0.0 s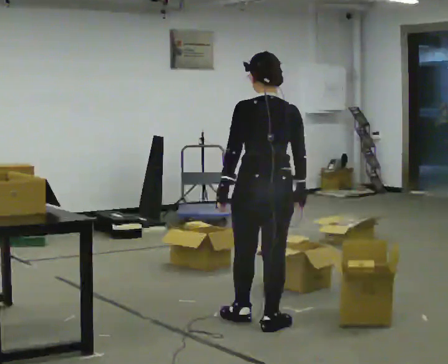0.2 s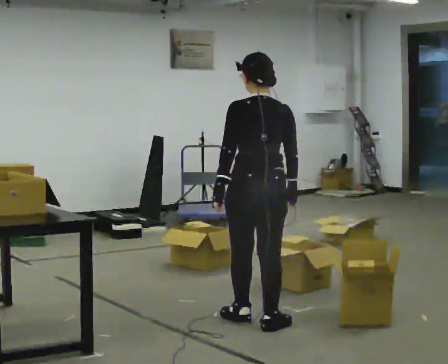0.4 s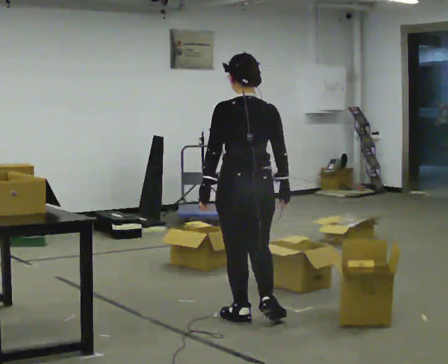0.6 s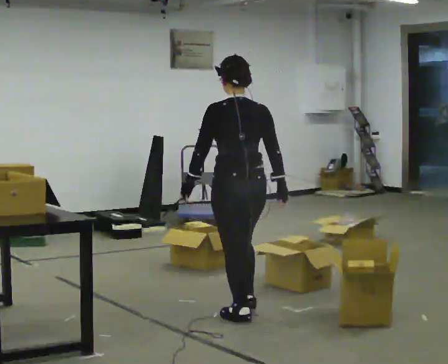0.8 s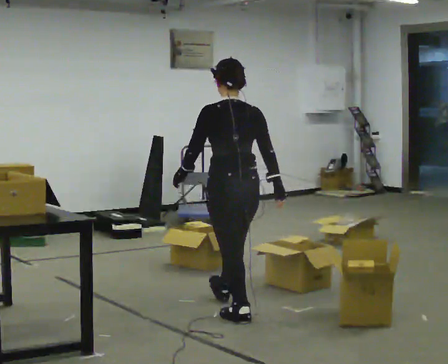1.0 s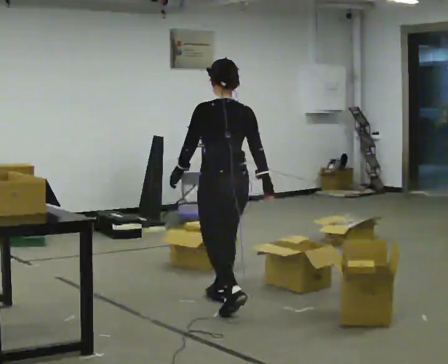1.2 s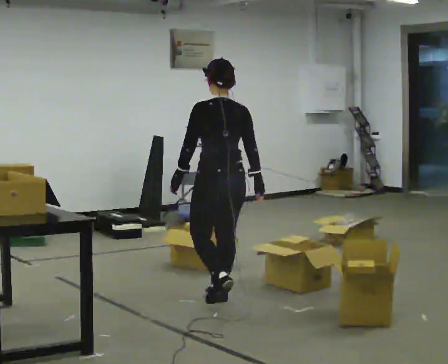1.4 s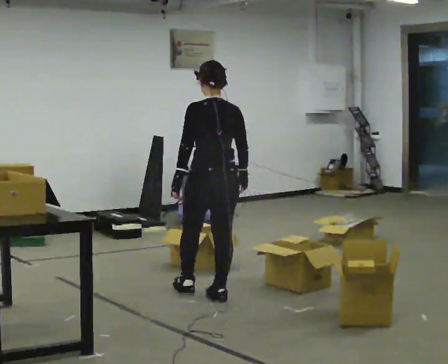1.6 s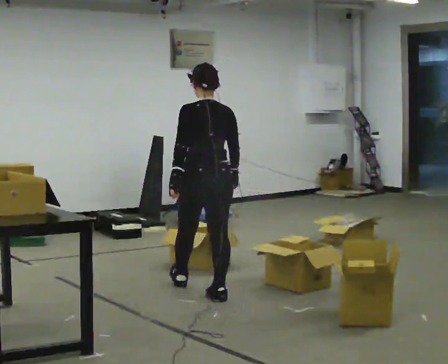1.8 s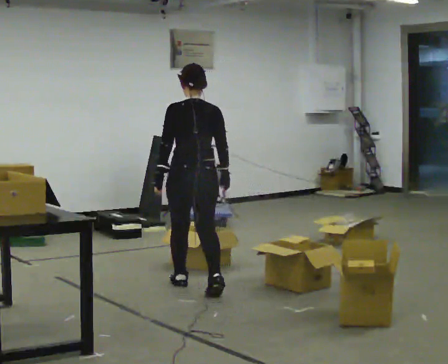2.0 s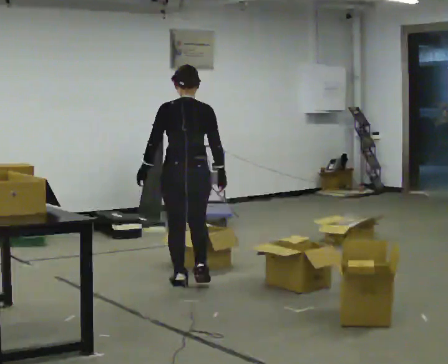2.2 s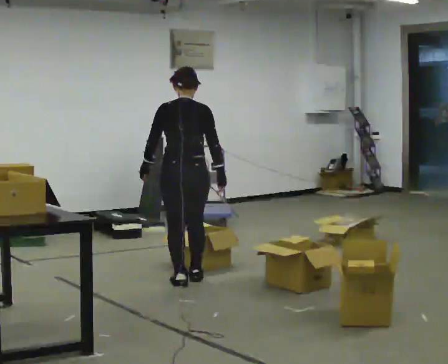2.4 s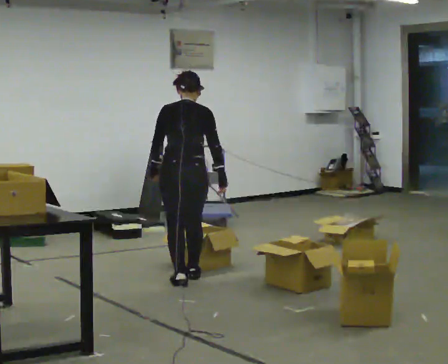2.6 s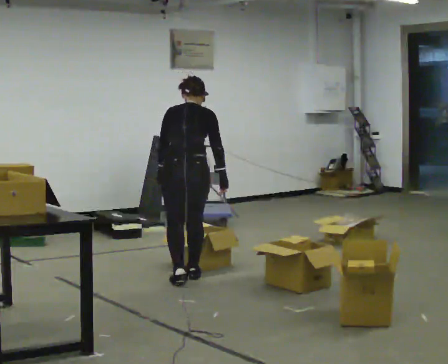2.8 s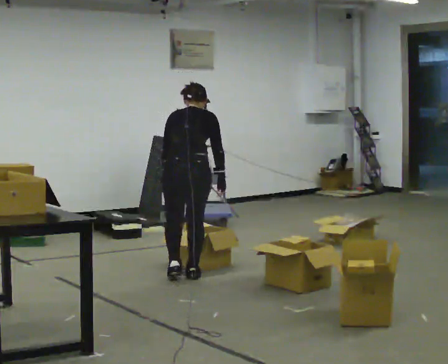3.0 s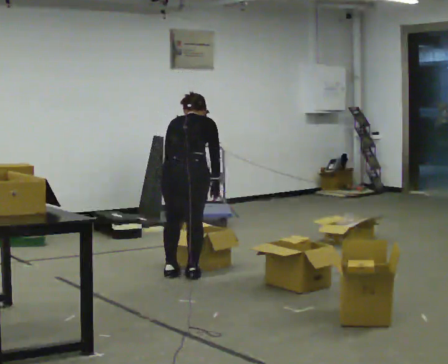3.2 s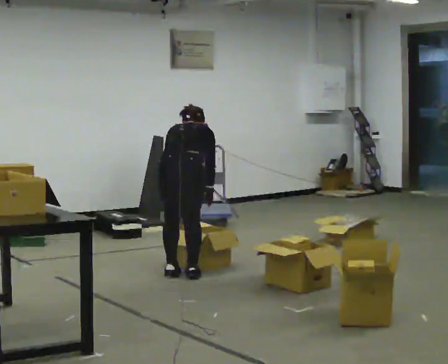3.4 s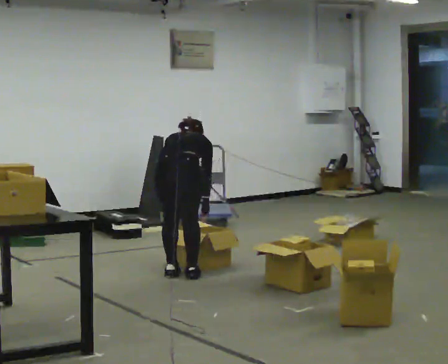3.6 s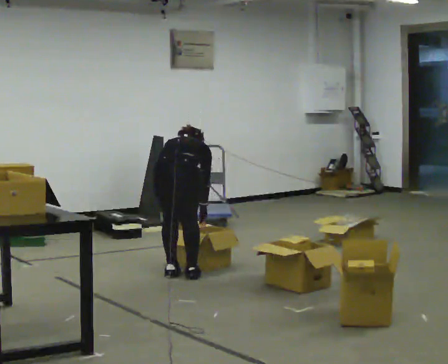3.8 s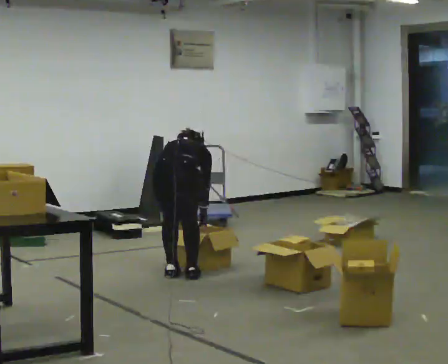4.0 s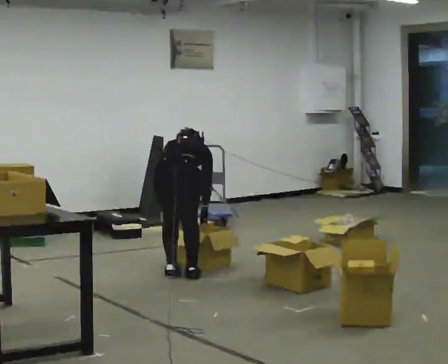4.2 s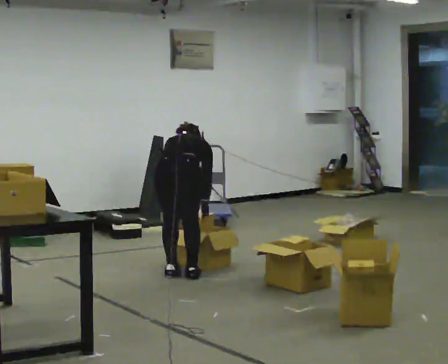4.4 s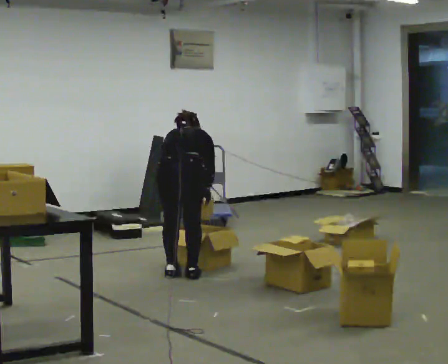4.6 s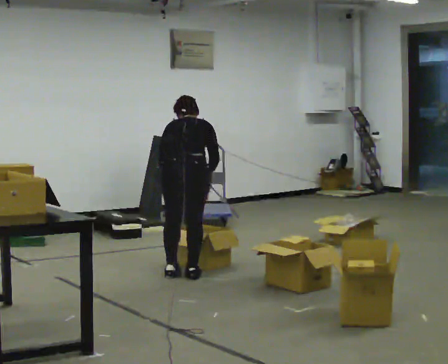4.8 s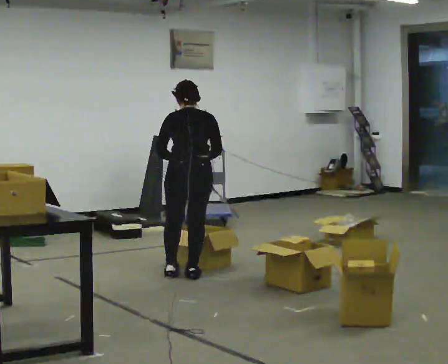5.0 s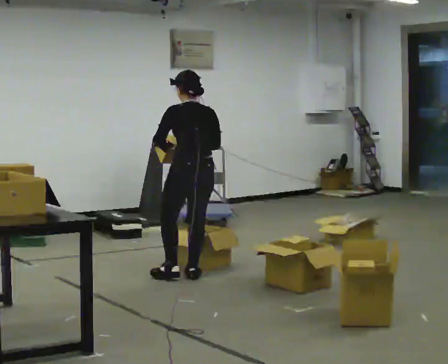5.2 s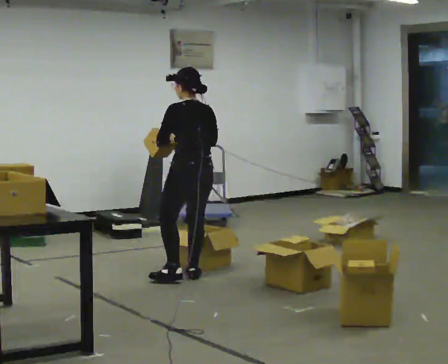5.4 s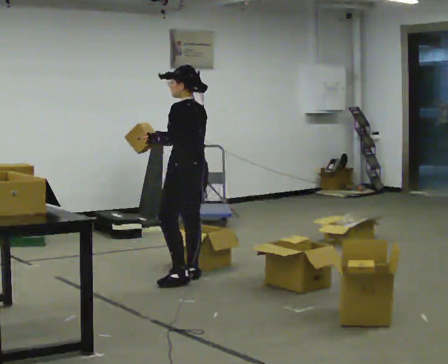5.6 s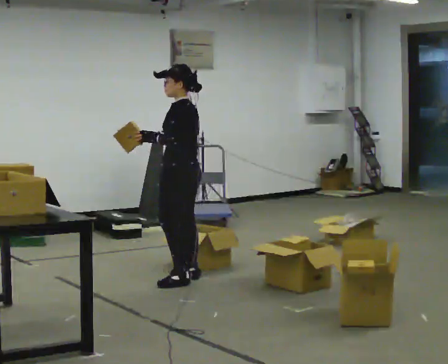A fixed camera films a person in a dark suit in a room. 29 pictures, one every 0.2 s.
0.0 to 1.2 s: In the picture they go away from the camera, about 0.75 m in 1 step, which for them is forward.
1.2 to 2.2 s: In the picture they go away from the camera and to the left, about 0.5 m in 1 step, which for them is forward.
2.2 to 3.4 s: In the picture they go away from the camera, about 0.25 m in 2 steps, which for them is forward. The upper body goes downward. The upper body tips away from the camera, its near side rolling upward, as they bend forward. In the picture their left hand goes downward.
3.4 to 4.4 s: The person moves a little, or ends about where they began.
4.4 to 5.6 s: The part of the body nearest the lens slides to the right as the person turns to their left by about 75 degrees. The upper body goes upward. The upper body tips toward the camera, its near side rolling downward, as they lean back or straighten. In the picture their right hand goes upward and to the left.
The film runs forward here.
